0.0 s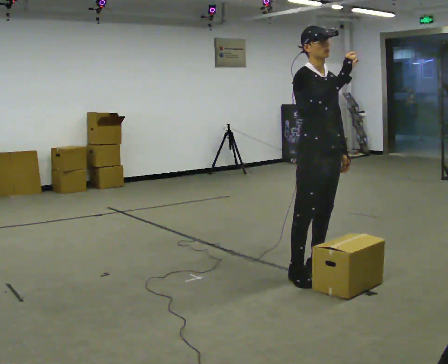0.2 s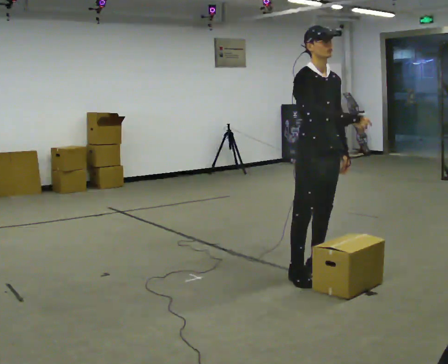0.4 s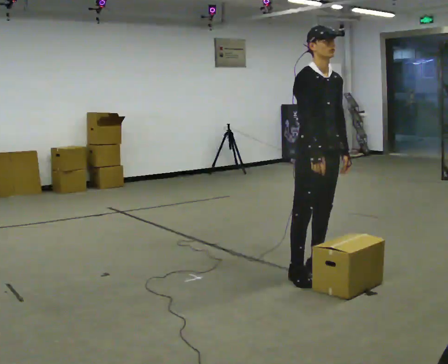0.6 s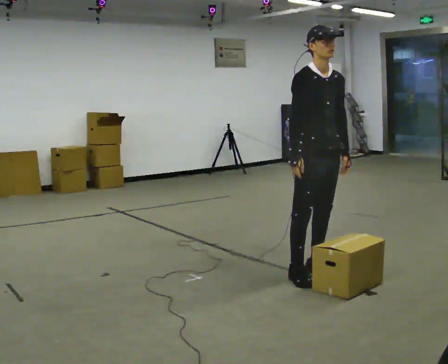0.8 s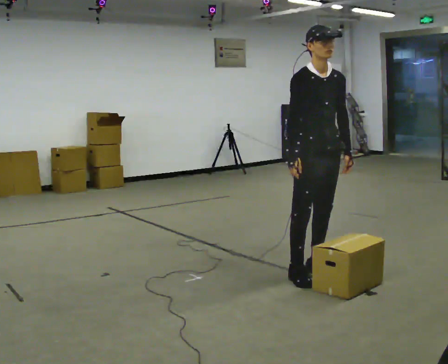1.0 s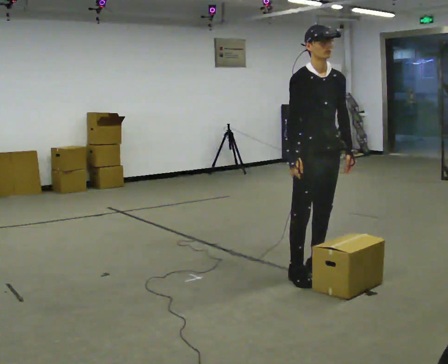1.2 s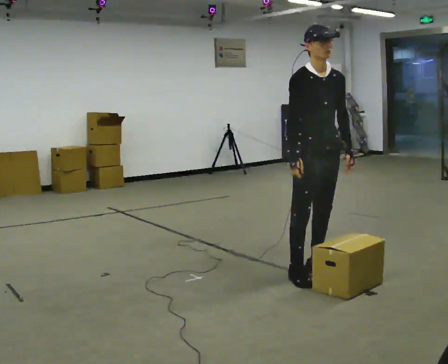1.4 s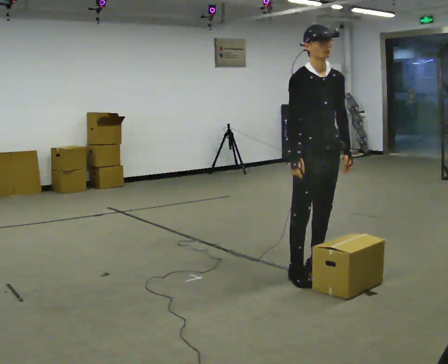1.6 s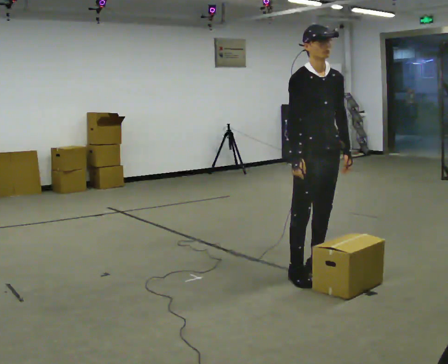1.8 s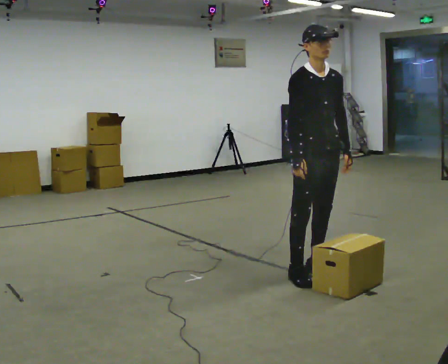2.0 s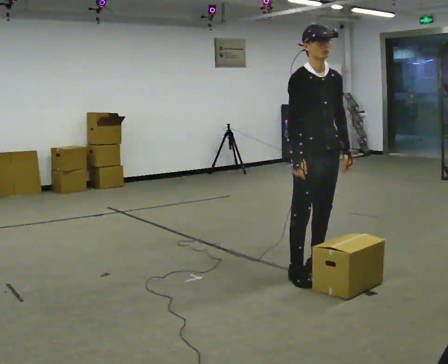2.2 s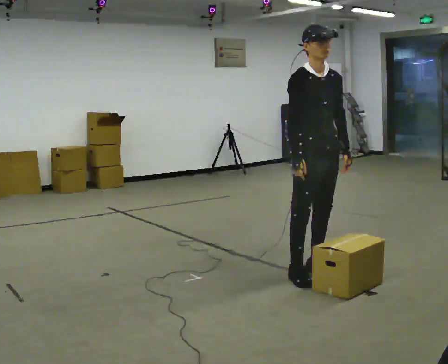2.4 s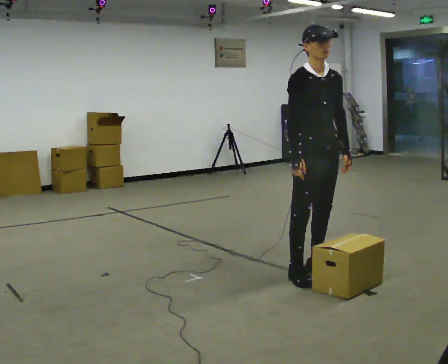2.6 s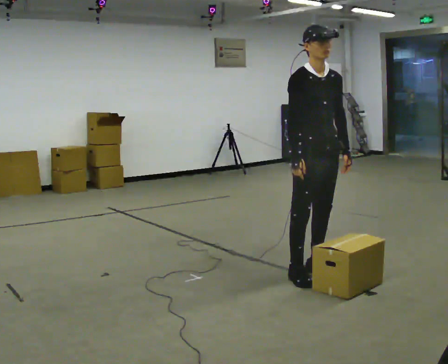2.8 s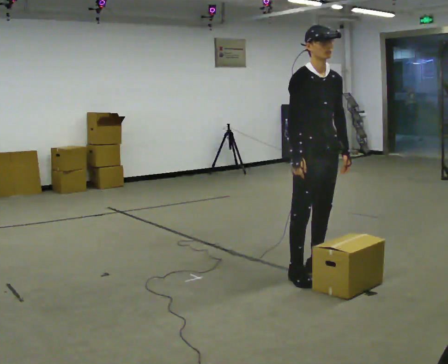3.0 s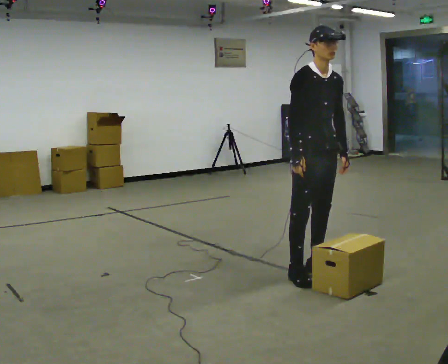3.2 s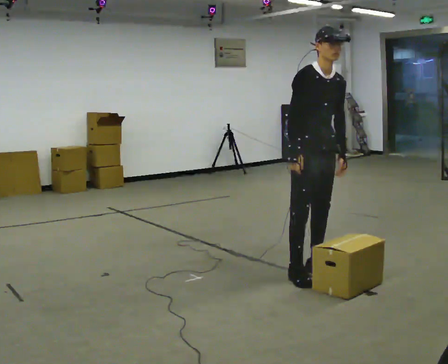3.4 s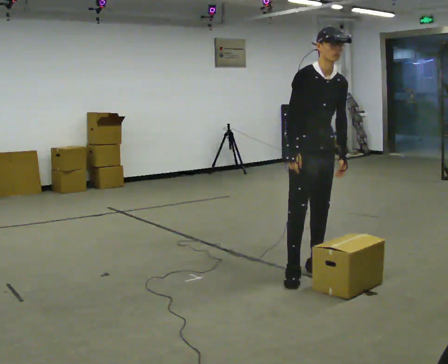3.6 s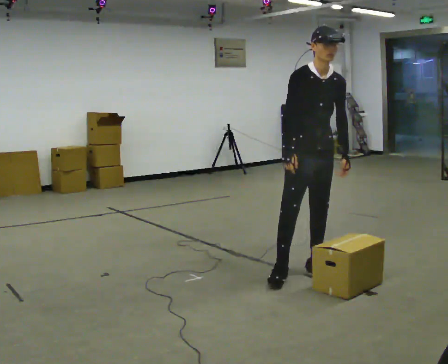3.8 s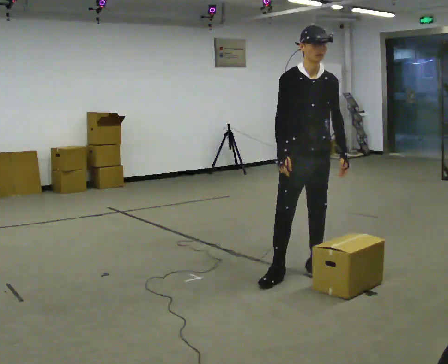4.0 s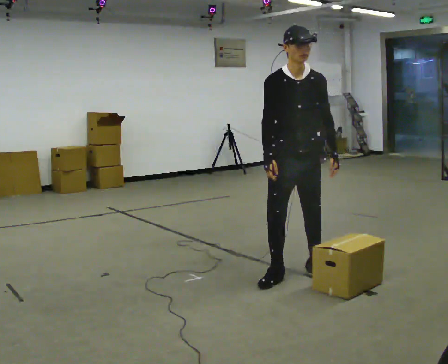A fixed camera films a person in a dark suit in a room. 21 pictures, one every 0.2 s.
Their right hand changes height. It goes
downward.
0.0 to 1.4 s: In the picture their right hand goes downward and to the left.
1.4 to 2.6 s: The person keeps their place and pose.
2.6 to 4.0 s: In the picture they go to the left, about 0.25 m, which for them is to their right.
The film runs forward here.
